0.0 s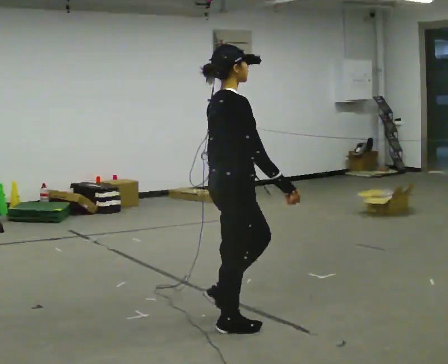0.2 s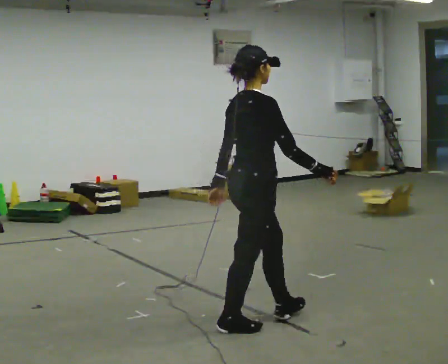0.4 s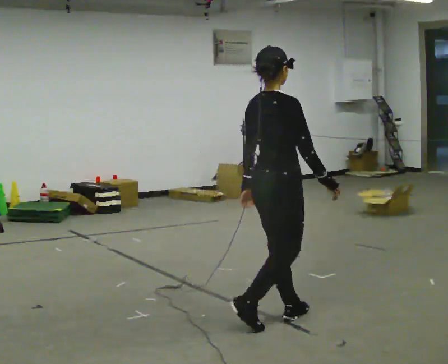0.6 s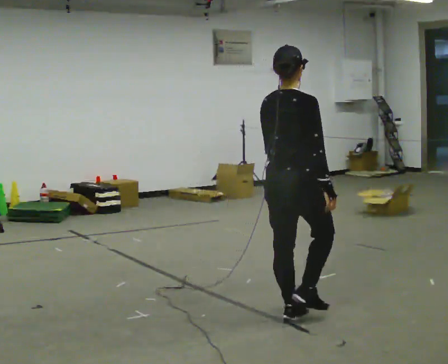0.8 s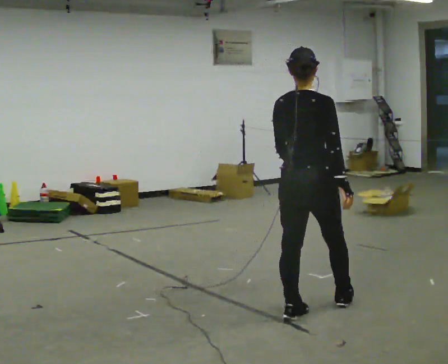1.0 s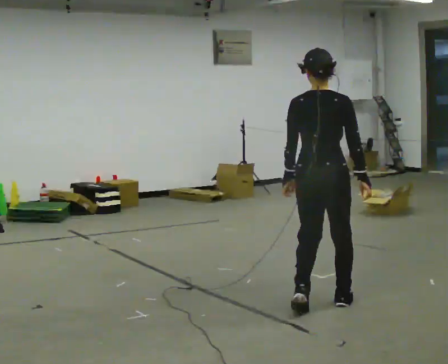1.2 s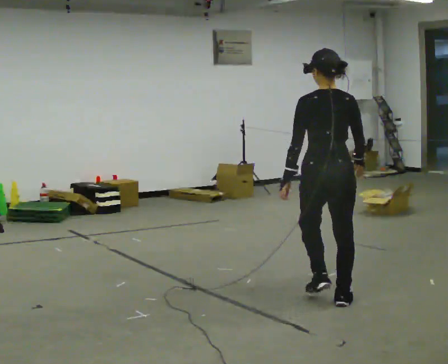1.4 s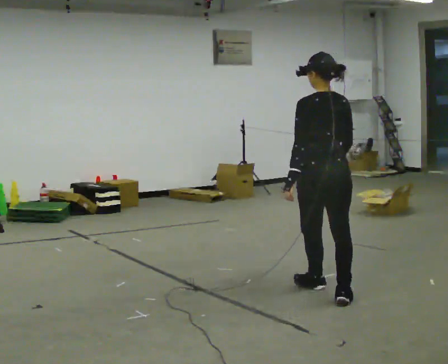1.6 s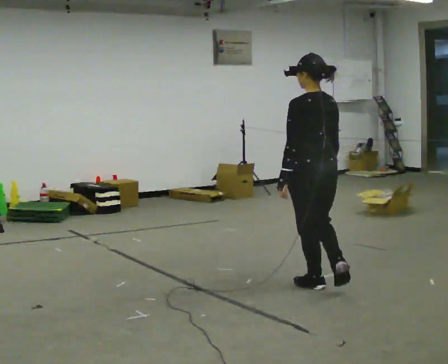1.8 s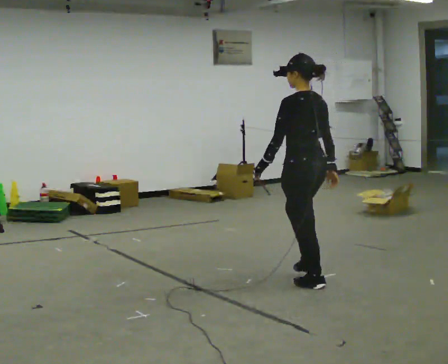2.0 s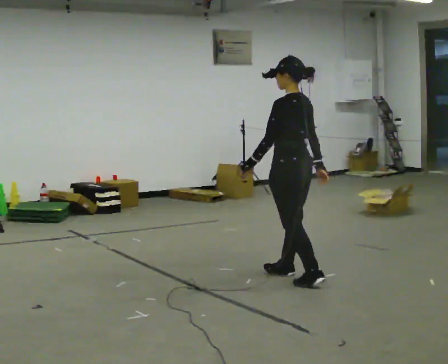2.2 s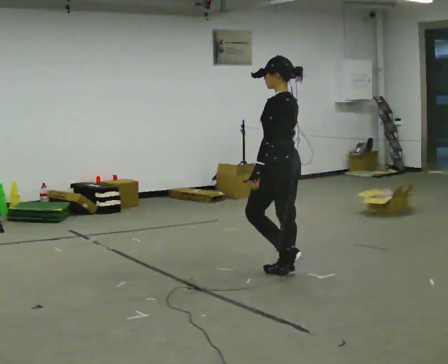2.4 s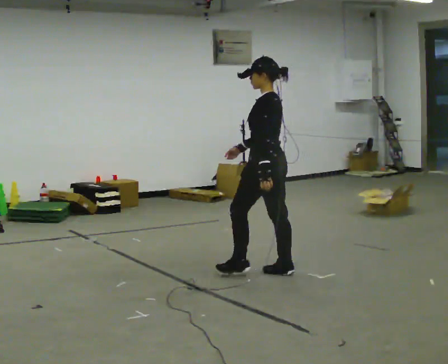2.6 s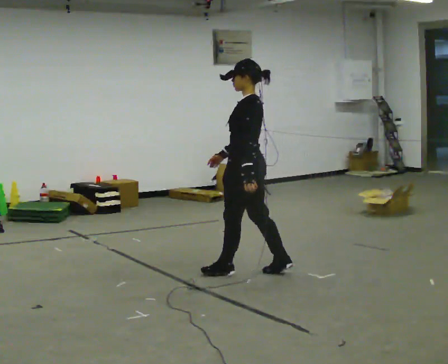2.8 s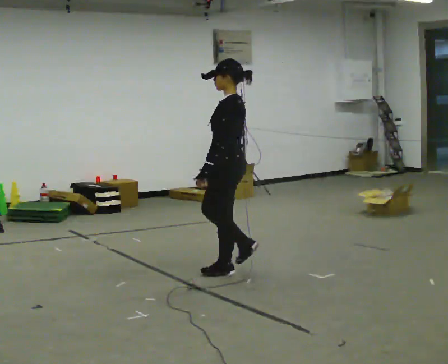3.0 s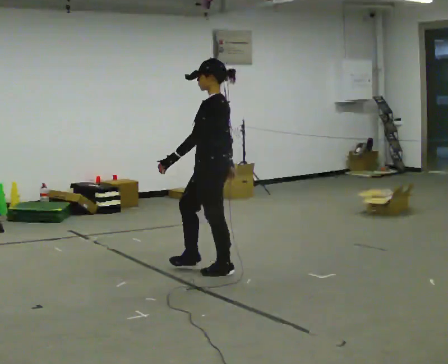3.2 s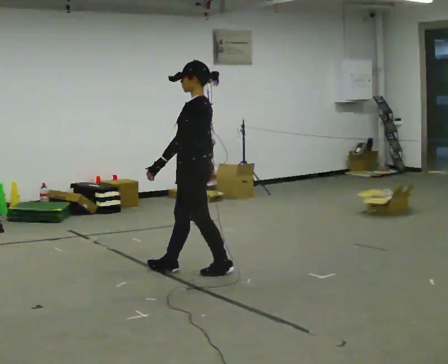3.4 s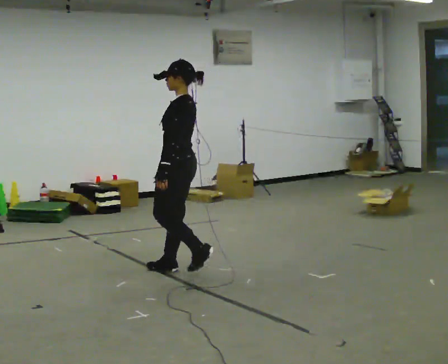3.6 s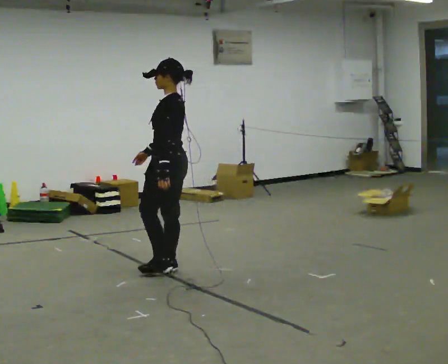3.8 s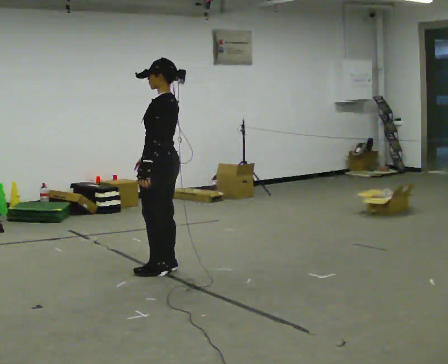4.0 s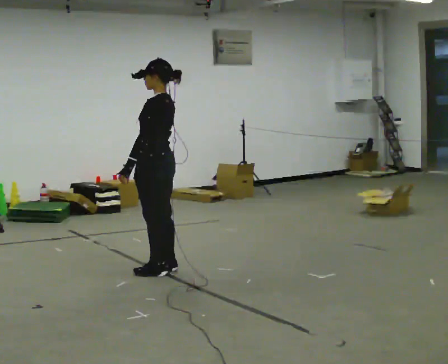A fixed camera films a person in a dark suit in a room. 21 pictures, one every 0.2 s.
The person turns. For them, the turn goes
to their left.
The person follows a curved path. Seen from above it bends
counterclockwise.
0.0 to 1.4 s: The person turns about 90 degrees to their left, counterclockwise seen from above, so the part of the body nearest the lens slides to the right. In the picture they go away from the camera and to the right, about 1 m in 2 steps.
1.4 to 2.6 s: The part of the body nearest the lens slides to the right as the person turns to their left by about 60 degrees. In the picture they go away from the camera and to the left, about 1 m in 3 steps, which for them is forward.
2.6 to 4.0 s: In the picture they go to the left, about 0.75 m in 2 steps, which for them is forward.
The film runs forward here.
